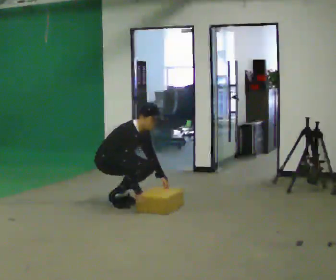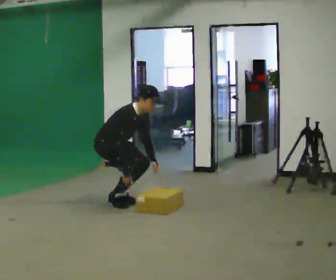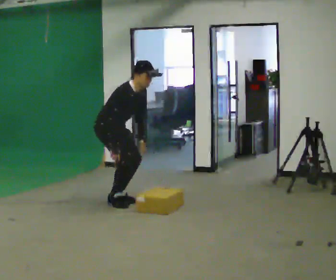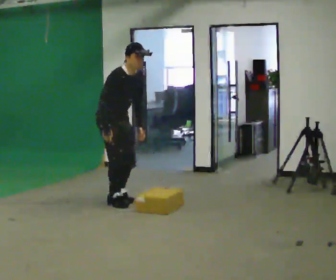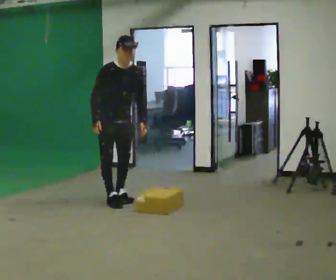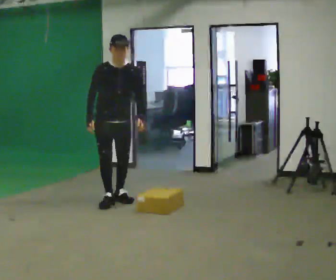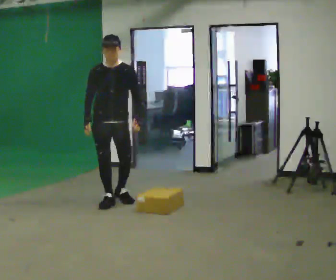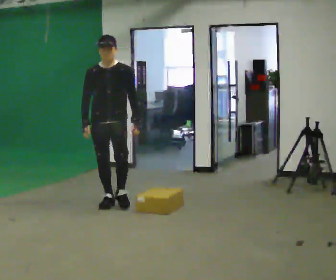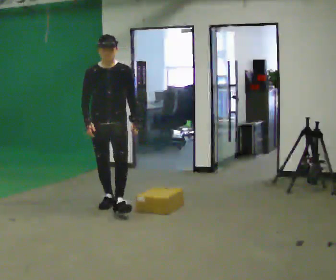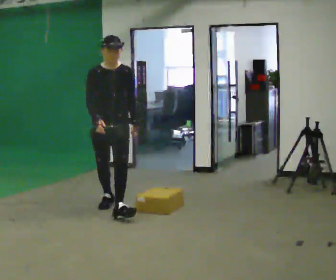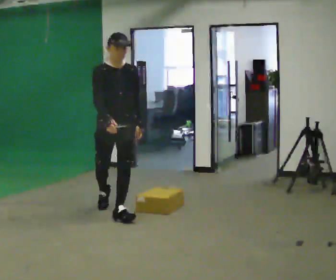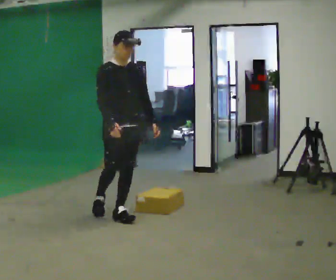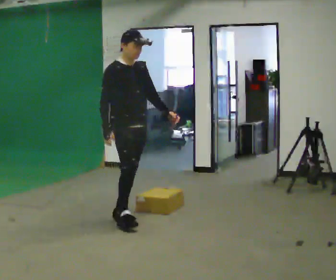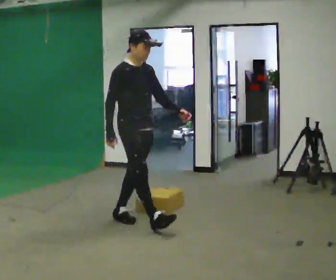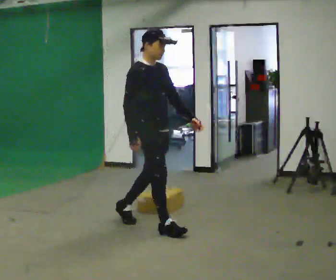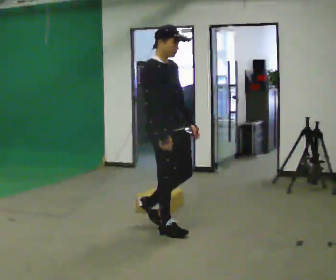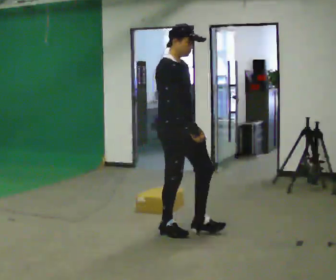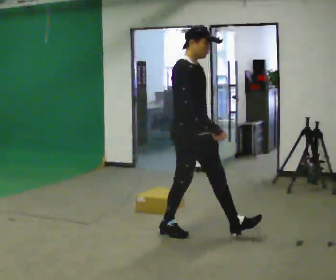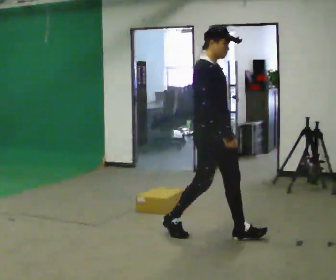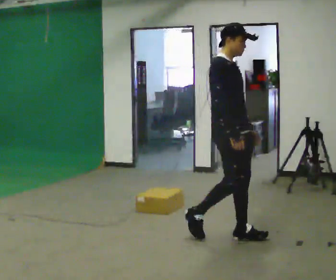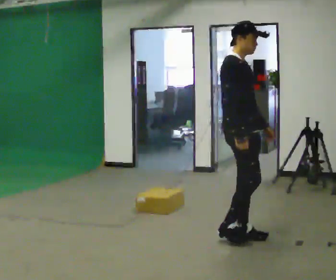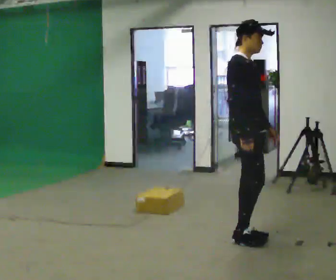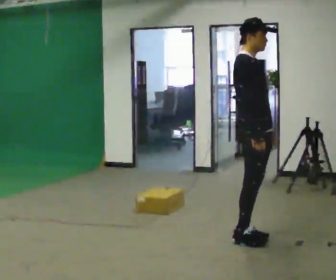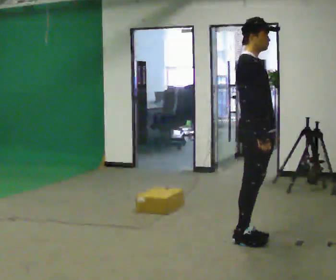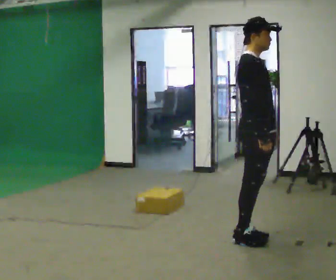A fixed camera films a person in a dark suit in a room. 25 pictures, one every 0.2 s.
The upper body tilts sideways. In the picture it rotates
counterclockwise.
The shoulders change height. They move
upward.
0.0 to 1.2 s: Seen from above the body turns clockwise, about 60 degrees: to their right, with its near side sliding to the left. The upper body goes upward. In the picture the upper body tilts counterclockwise, shoulders to the left, as they lean back or straighten. In the picture their left hand goes upward.
1.2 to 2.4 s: The person turns about 45 degrees to their left, counterclockwise seen from above, so the part of the body nearest the lens slides to the right. In the picture they go toward the camera, about 0.75 m in 1 step, which for them is forward.
2.4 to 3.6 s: In the picture they go to the right and toward the camera, about 1 m in 2 steps, which for them is forward.
3.6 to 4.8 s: In the picture they go to the right and toward the camera, about 0.5 m in 1 step, which for them is forward.
The film runs forward here.
